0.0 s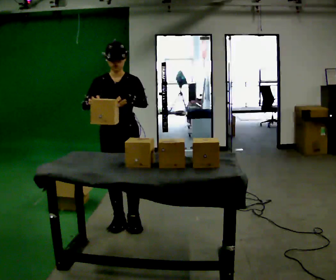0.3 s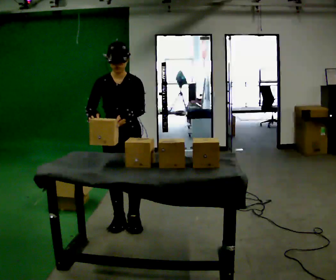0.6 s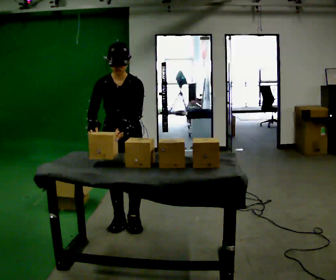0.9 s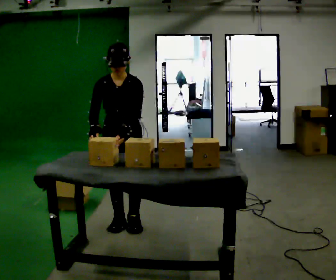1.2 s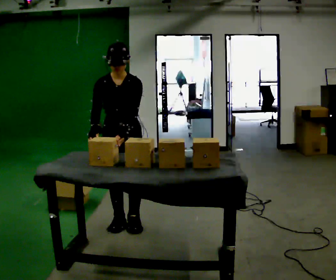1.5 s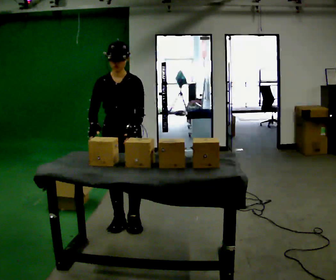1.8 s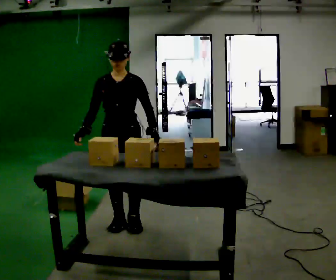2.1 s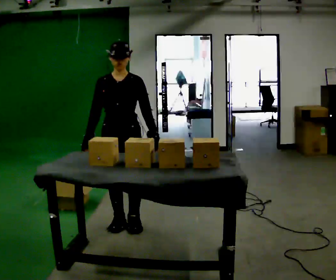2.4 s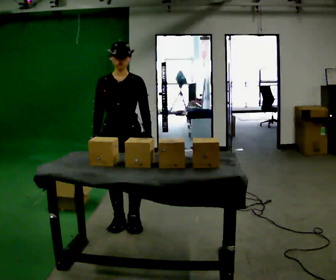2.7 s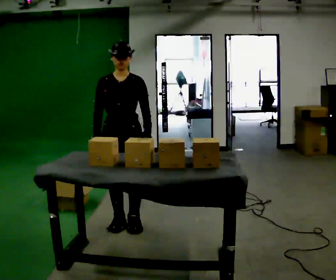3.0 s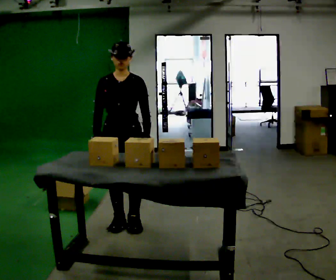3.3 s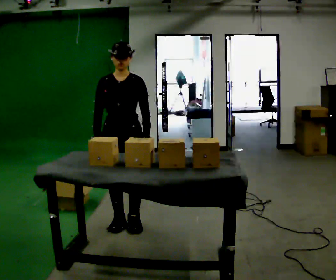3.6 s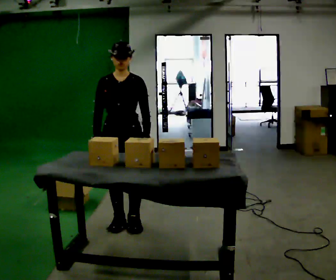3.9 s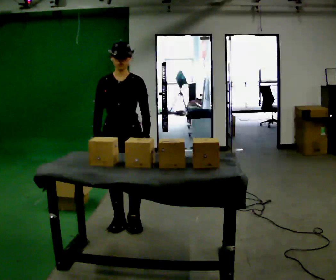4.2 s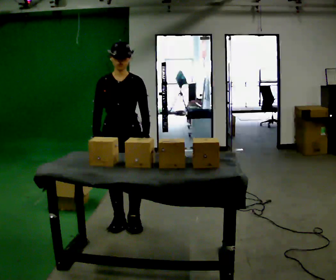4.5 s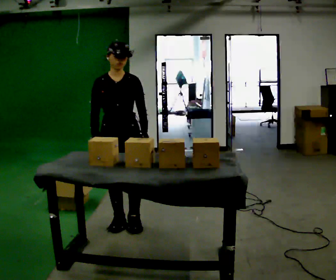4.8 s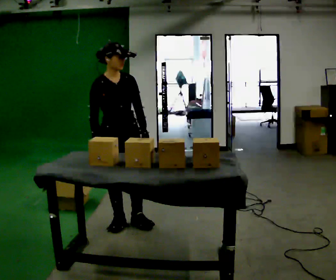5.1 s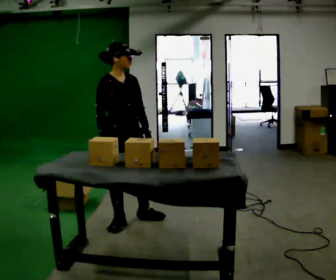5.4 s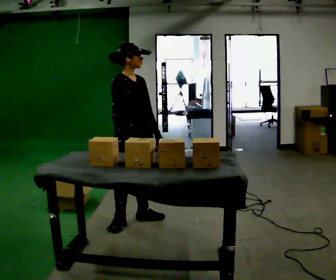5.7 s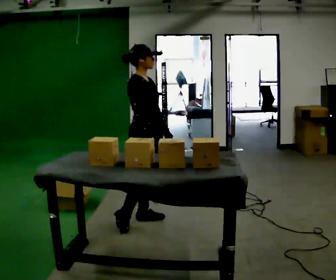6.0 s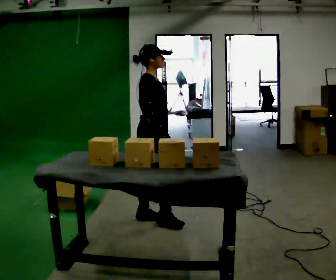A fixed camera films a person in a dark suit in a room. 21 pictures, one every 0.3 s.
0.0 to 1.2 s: The person moves a little, or ends about where they began.
1.2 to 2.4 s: The upper body tips away from the camera, its near side rolling upward, as they lean back or straighten.
2.4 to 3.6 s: The person moves a little, or ends about where they began.
3.6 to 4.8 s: The part of the body nearest the lens slides to the right as the person turns to their left by about 30 degrees.
4.8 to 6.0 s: The part of the body nearest the lens slides to the right as the person turns to their left by about 60 degrees. In the picture they go to the right, about 0.25 m, which for them is to their left and forward.
The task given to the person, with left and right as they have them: Take an object out of the bin at knee height, carry it across the room, and place it on the chest-height shelf. Keep going until the operator says stop; one object at a time, and do not rush between trips.
The film runs forward here.
